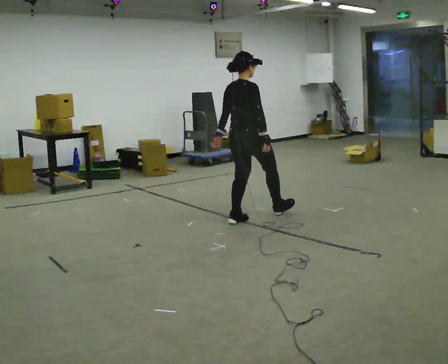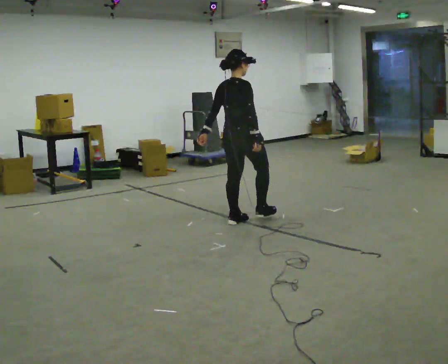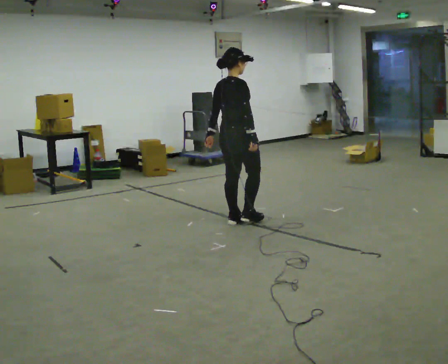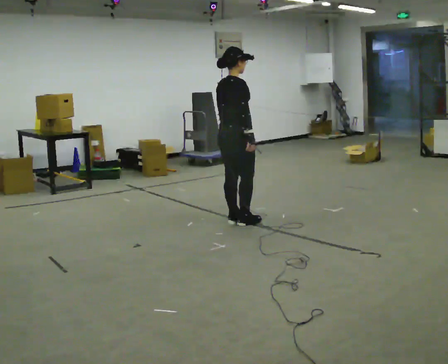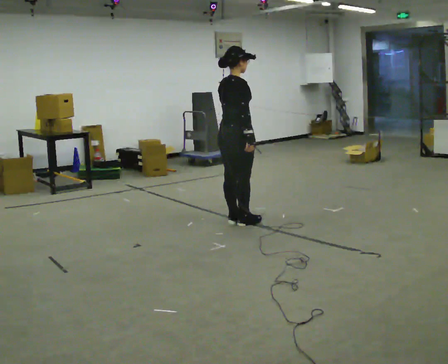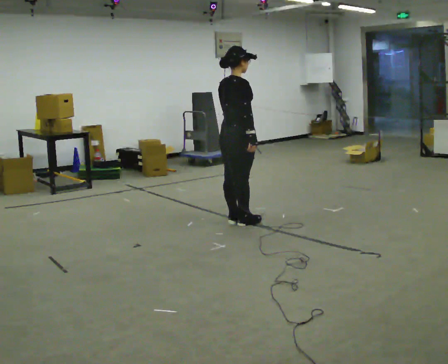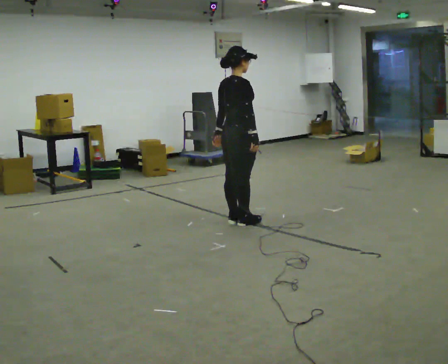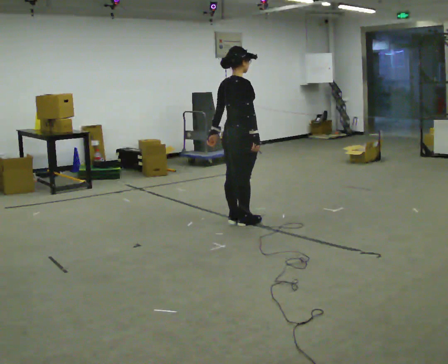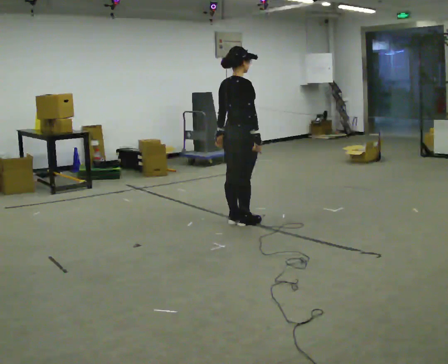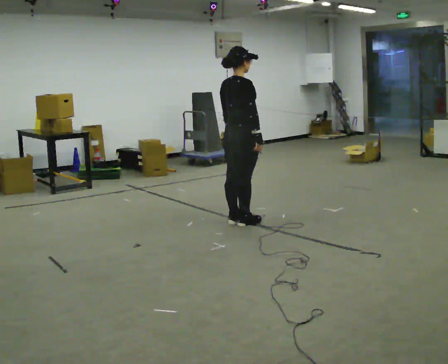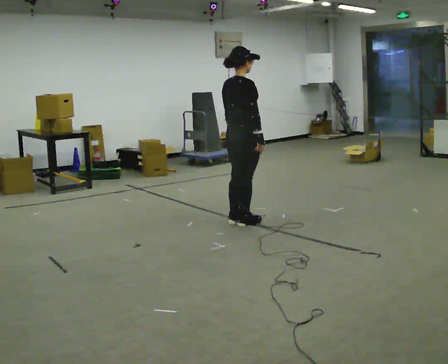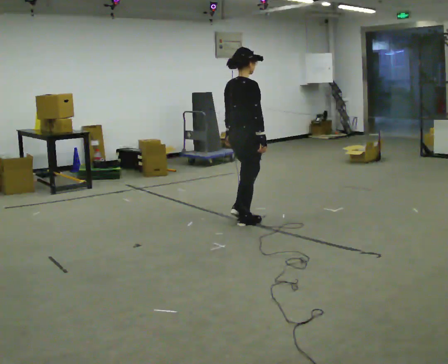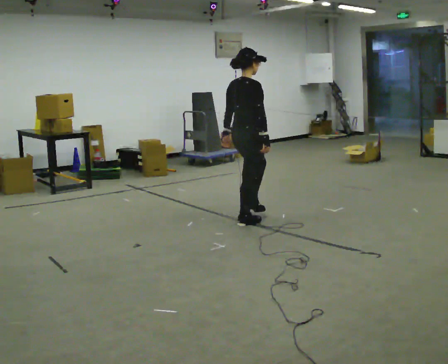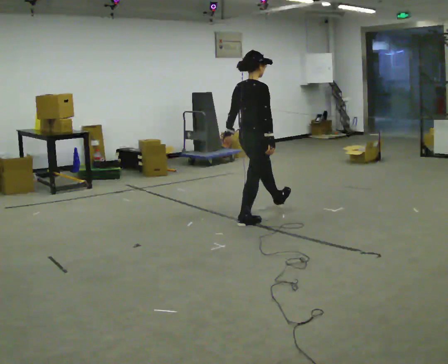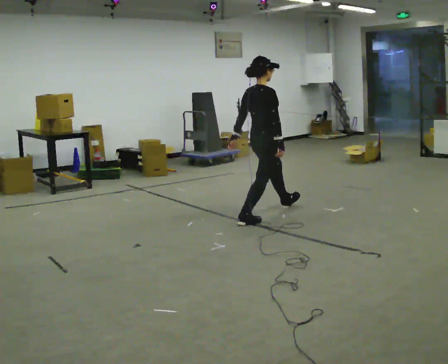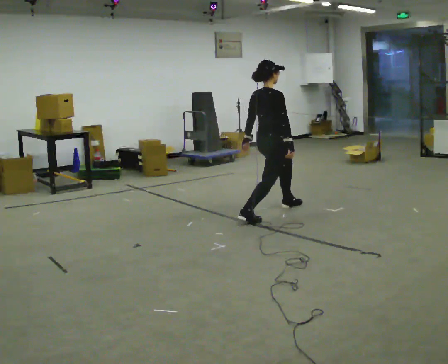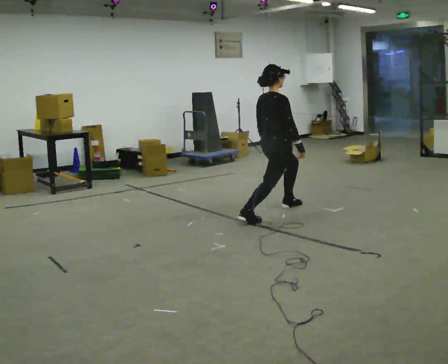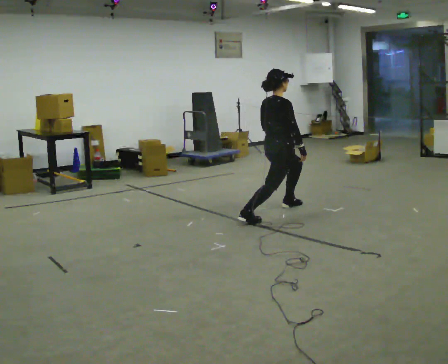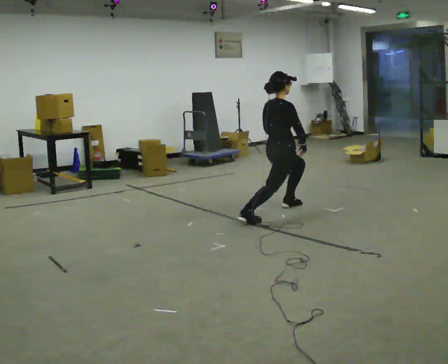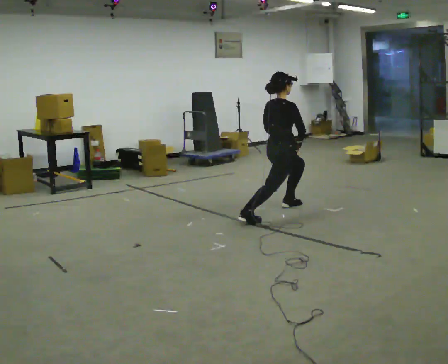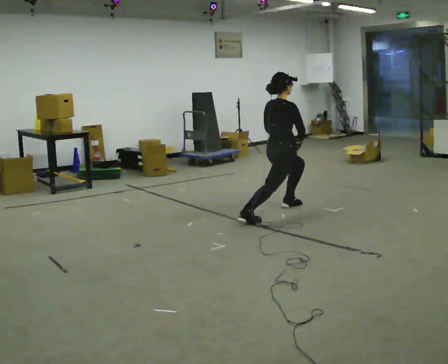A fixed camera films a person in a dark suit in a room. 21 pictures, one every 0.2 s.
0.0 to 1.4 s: The person moves a little, or ends about where they began.
1.4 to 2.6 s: In the picture they go to the right, about 0.25 m, which for them is forward.
2.6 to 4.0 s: In the picture they go away from the camera and to the right, about 0.5 m in 1 step, which for them is forward and to their left. The shoulders move downward.
The film runs forward here.
